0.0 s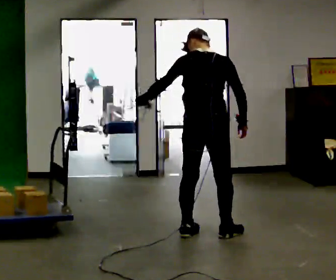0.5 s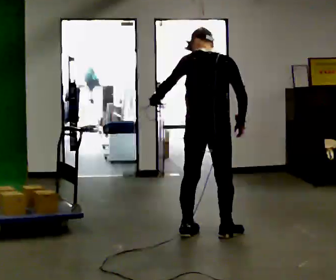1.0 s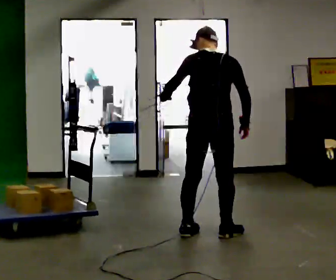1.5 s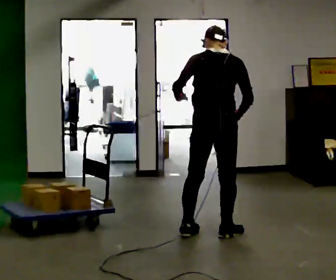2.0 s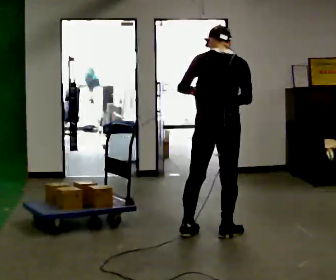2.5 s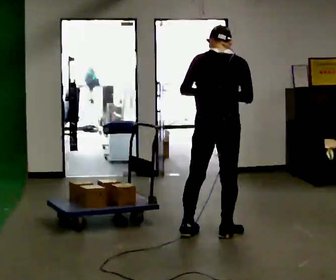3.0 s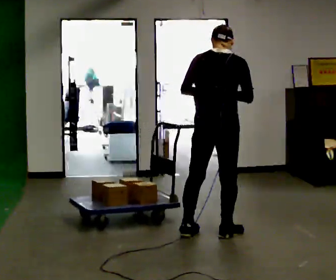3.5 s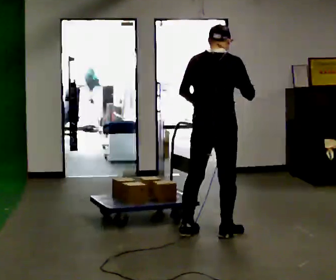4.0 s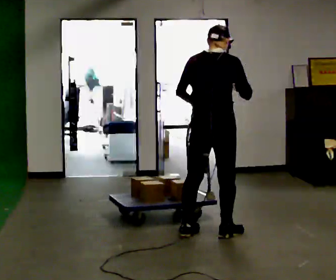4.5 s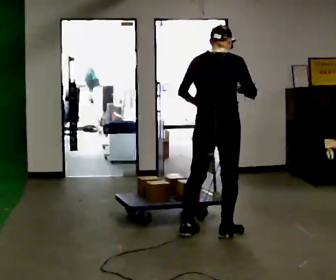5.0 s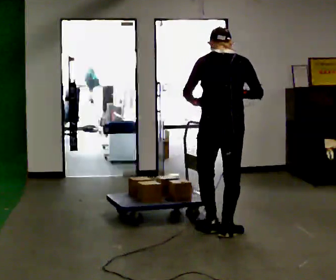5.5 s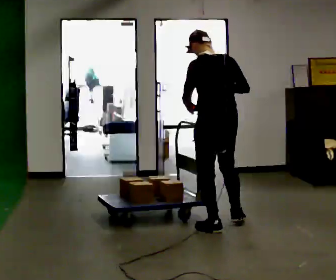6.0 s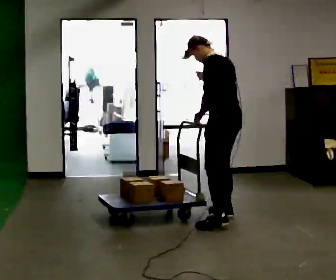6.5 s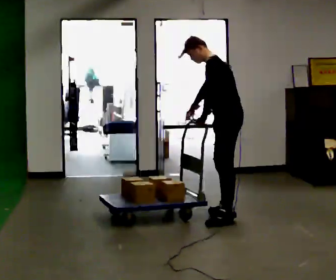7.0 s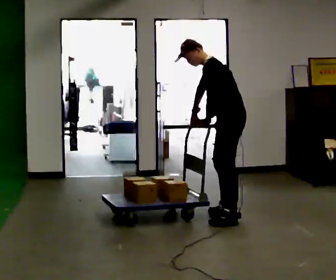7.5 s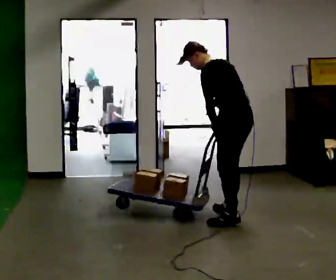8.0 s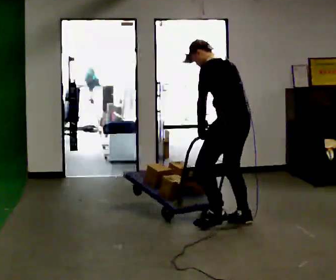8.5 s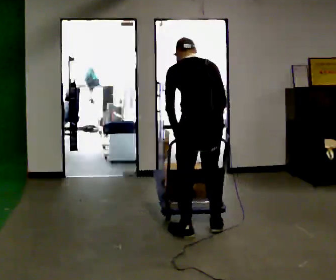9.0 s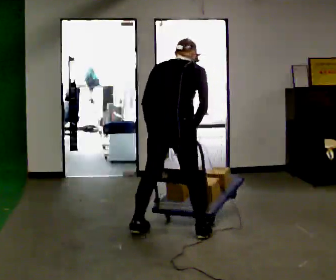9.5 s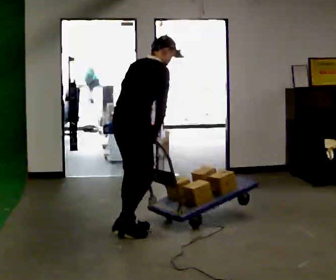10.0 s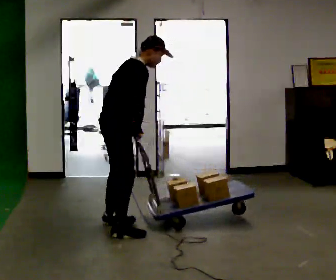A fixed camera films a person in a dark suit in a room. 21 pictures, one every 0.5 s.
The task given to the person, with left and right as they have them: Drag the sled across the room. The bags on it are loose and will move about as it goes. The operator will log the load and the peak reading on the scale for every take.
0.0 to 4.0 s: In the picture their left hand goes to the right.
4.0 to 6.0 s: Seen from above the body turns counterclockwise, about 90 degrees: to their left, with its near side sliding to the right. In the picture they go away from the camera, about 0.5 m in 2 steps.
6.0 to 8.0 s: In the picture they go toward the camera, about 0.25 m in 2 steps, which for them is to their left. In the picture their right hand goes downward.
8.0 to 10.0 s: The person turns about 135 degrees to their right, clockwise seen from above, so the part of the body nearest the lens slides to the left. In the picture they go to the left, about 1 m in 5 steps. In the picture the upper body tilts clockwise, shoulders to the right.
The film runs forward here.
